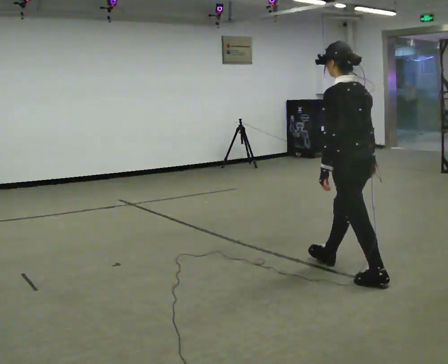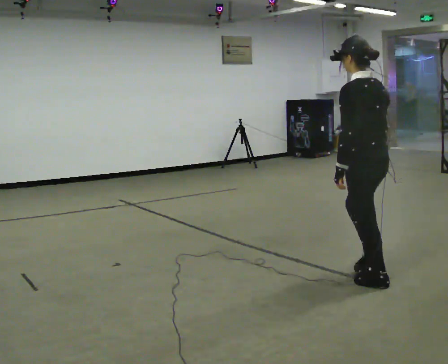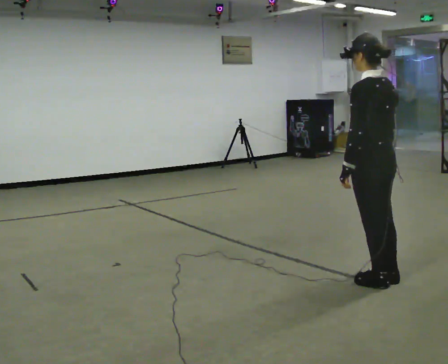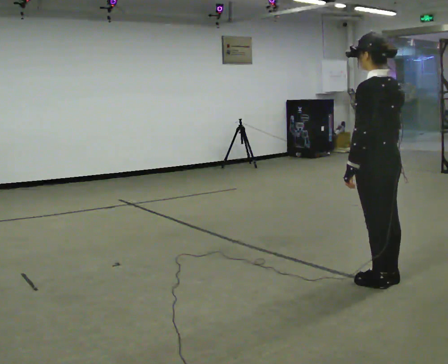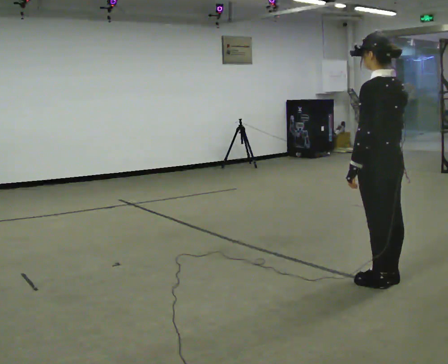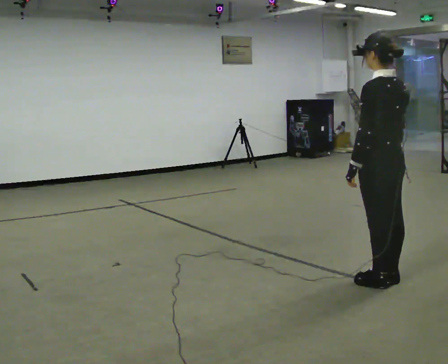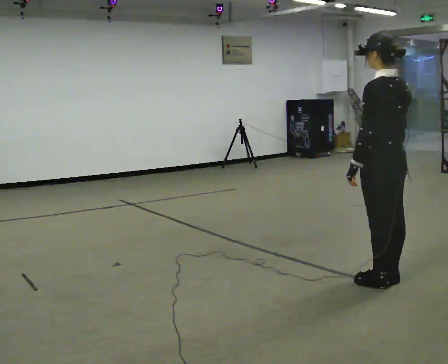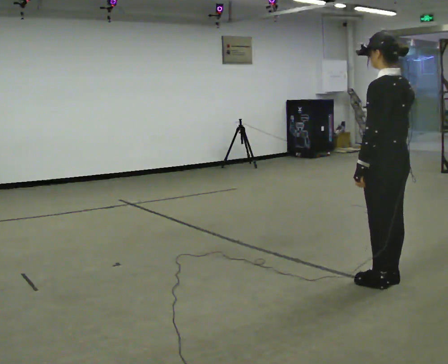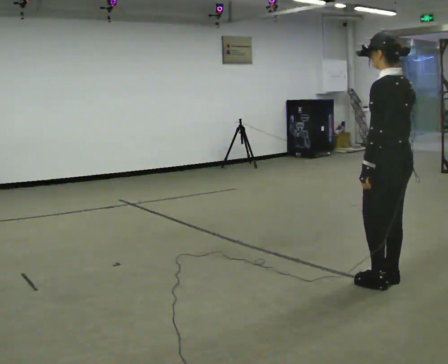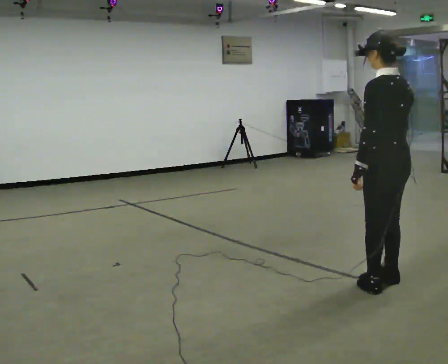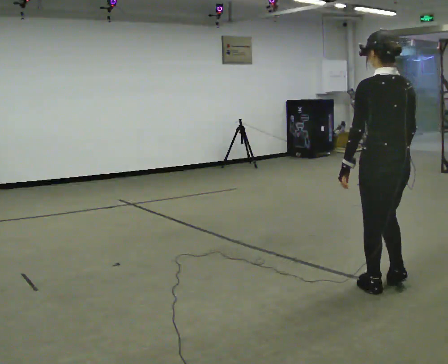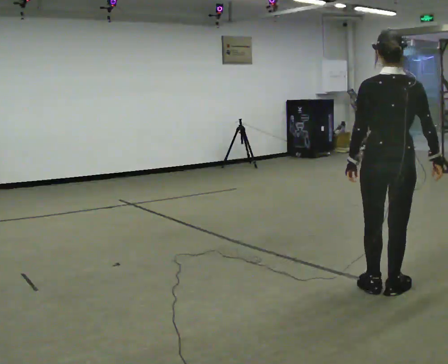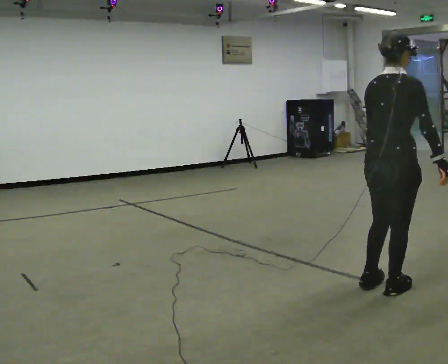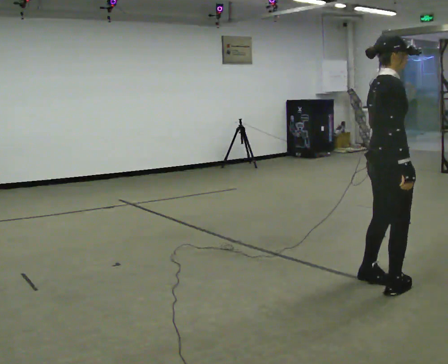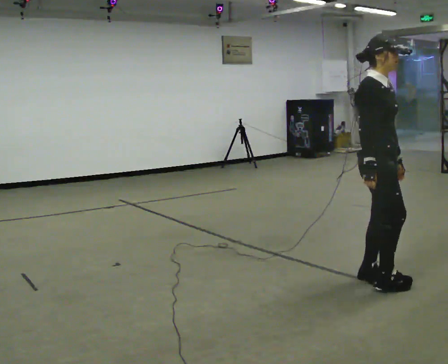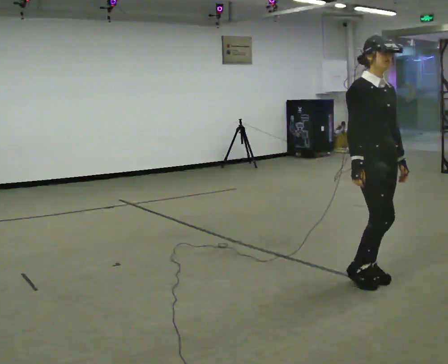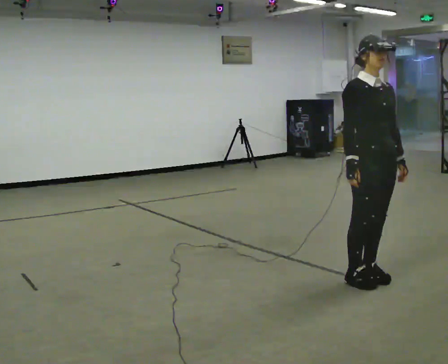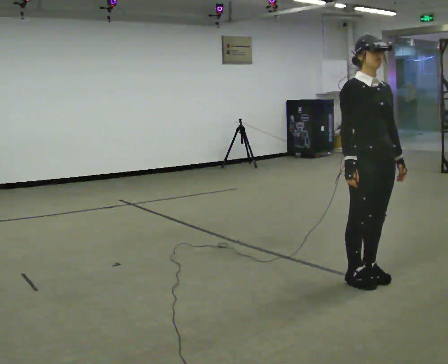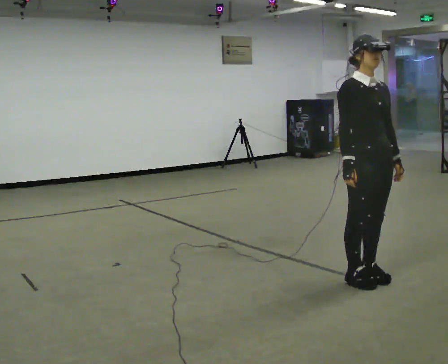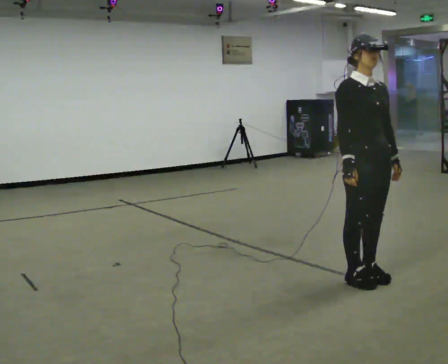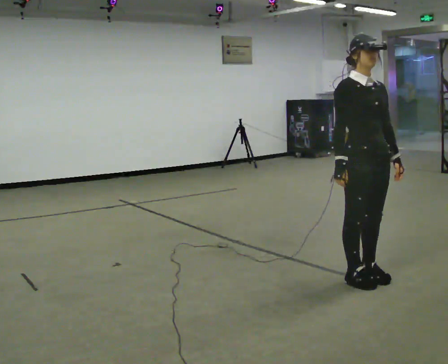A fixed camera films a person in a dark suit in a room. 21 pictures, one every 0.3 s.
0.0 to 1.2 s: In the picture they go to the right and toward the camera, about 0.25 m in 1 step, which for them is backward.
1.2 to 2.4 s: The person moves a little, or ends about where they began.
2.4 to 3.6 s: The person turns about 90 degrees to their right, clockwise seen from above, so the part of the body nearest the lens slides to the left.
3.6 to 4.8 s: Seen from above the body turns clockwise, about 105 degrees: to their right, with its near side sliding to the left. In the picture they go away from the camera, about 0.25 m in 1 step. In the picture their right hand goes to the left, the arm swinging clockwise.
4.8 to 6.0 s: The person moves a little, or ends about where they began.
The film runs backward here.
